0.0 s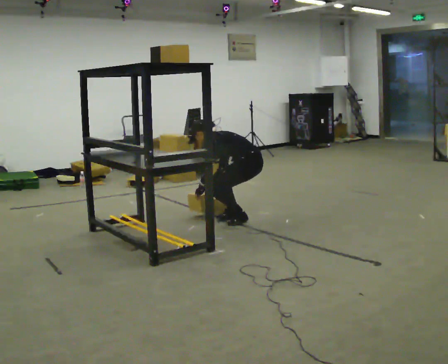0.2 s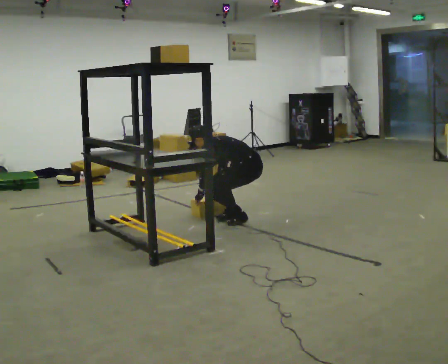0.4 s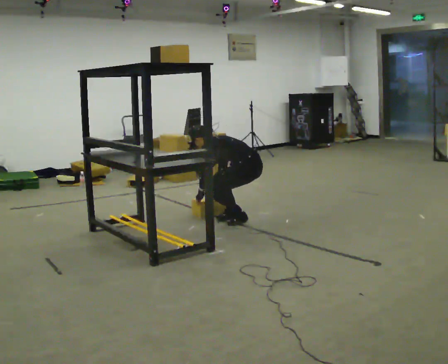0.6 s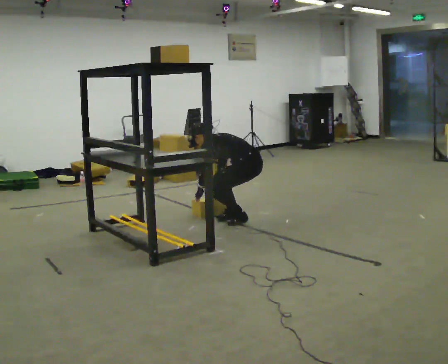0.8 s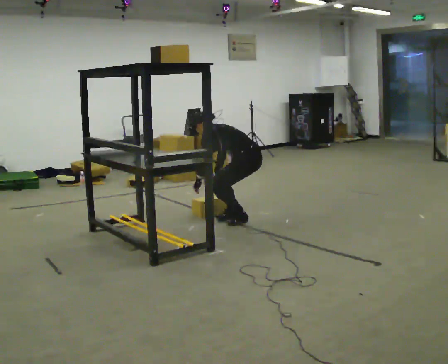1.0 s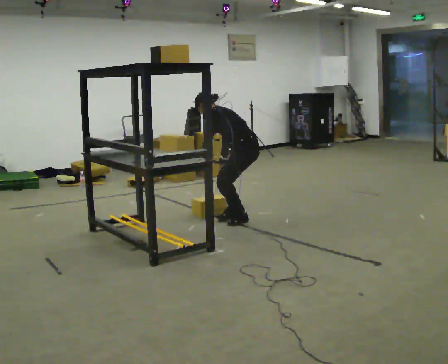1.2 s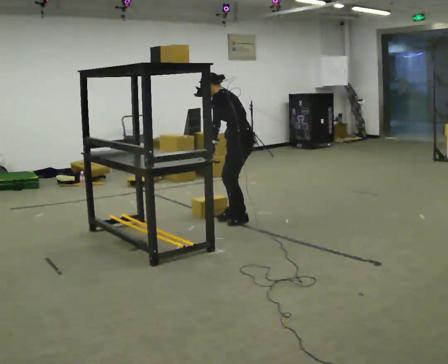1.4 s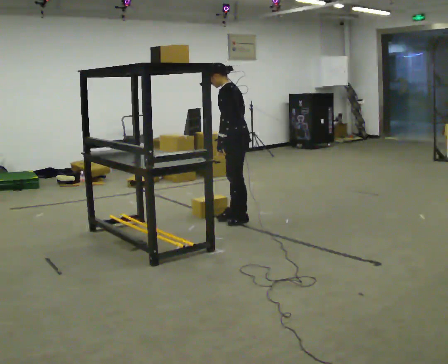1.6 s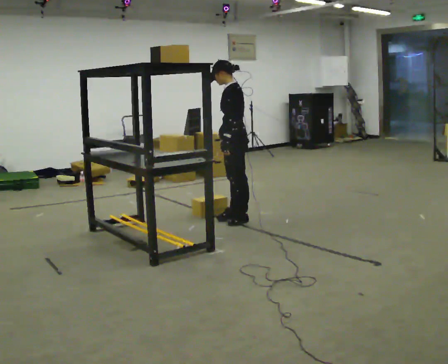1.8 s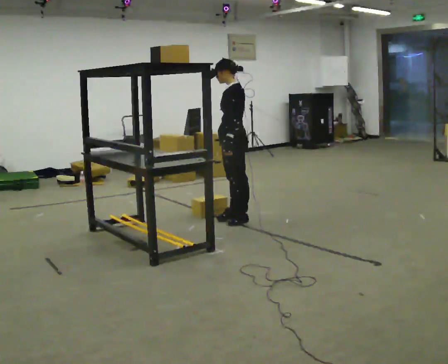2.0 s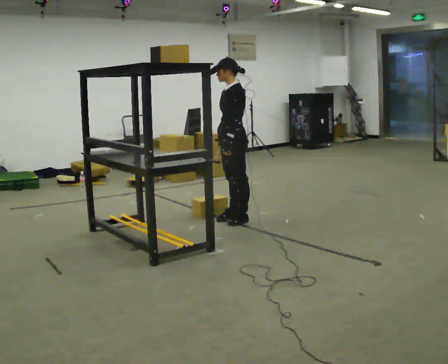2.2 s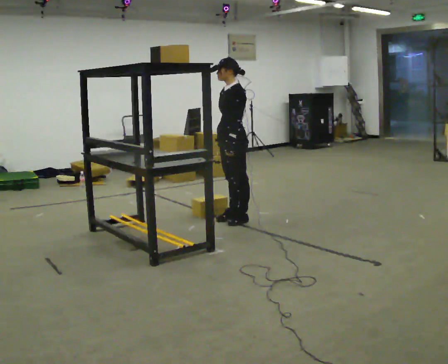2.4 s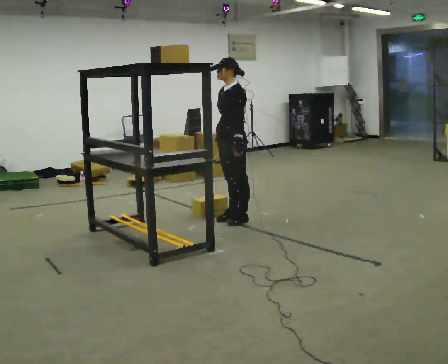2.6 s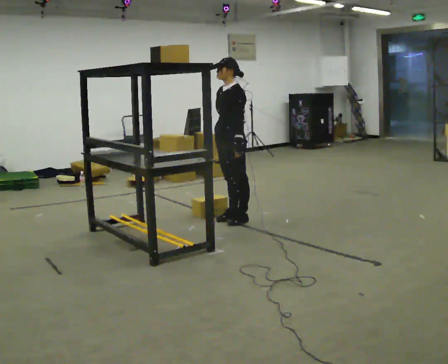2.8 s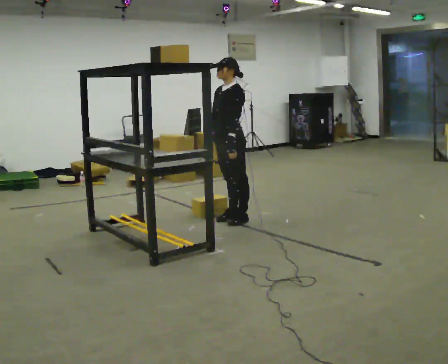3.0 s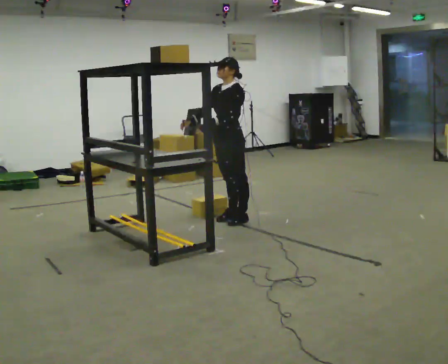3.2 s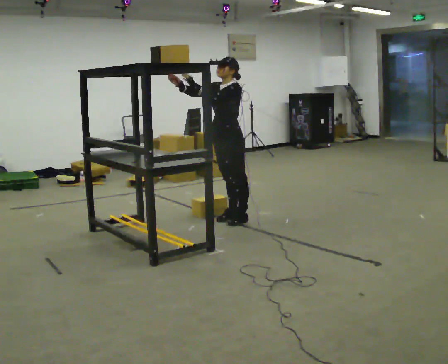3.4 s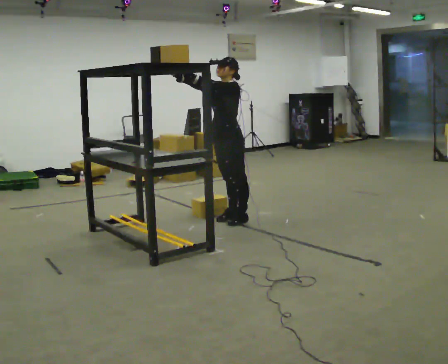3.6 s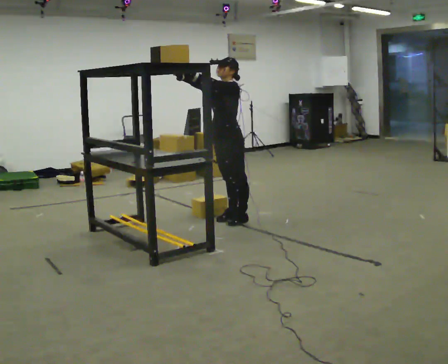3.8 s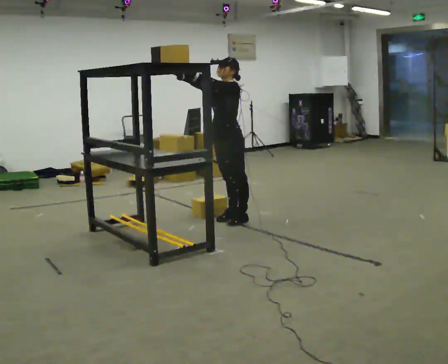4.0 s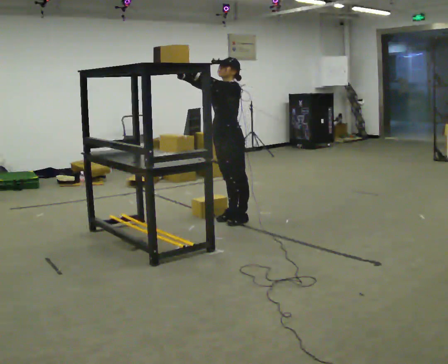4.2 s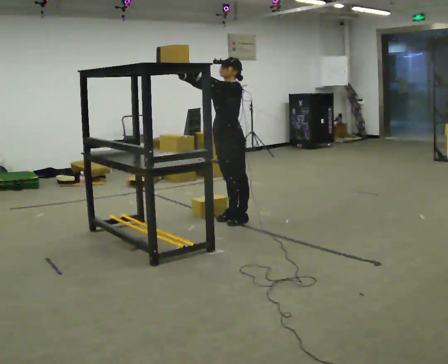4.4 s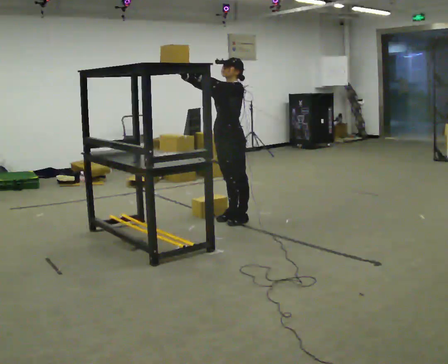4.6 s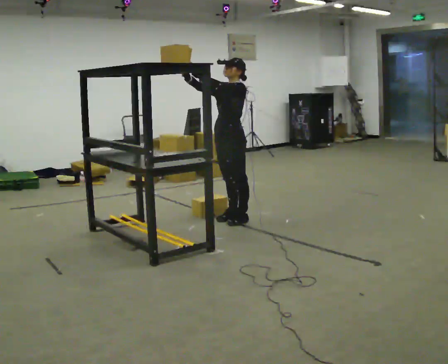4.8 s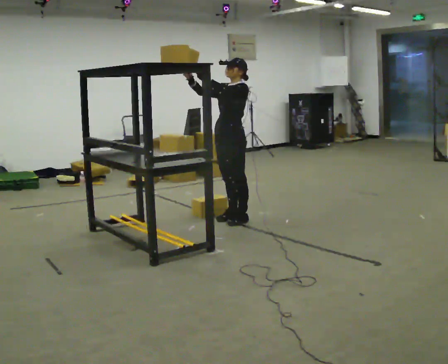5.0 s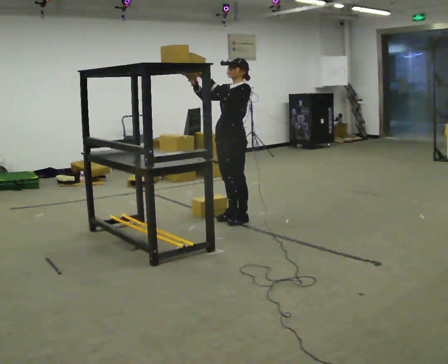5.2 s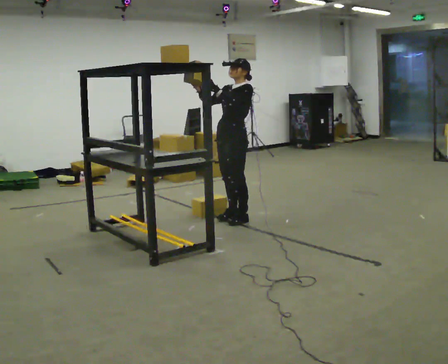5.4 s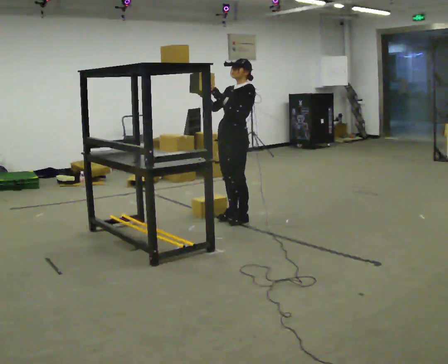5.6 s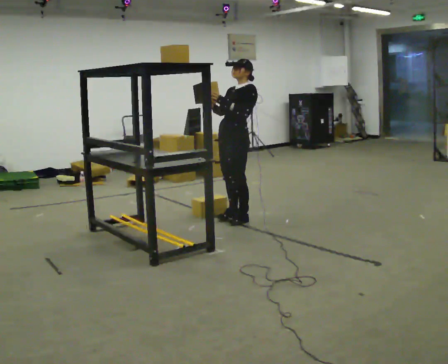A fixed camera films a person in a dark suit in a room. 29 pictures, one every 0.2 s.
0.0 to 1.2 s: In the picture the upper body tilts clockwise, shoulders to the right, as they lean back or straighten. In the picture their left hand goes upward.
1.2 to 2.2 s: The part of the body nearest the lens slides to the right as the person turns to their left by about 30 degrees. In the picture the upper body tilts clockwise, shoulders to the right, as they lean back or straighten.
2.2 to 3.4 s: In the picture their right hand goes upward and to the left, the arm swinging clockwise.
3.4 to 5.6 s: In the picture the upper body tilts clockwise, shoulders to the right, as they lean back or straighten.
The film runs backward here.
